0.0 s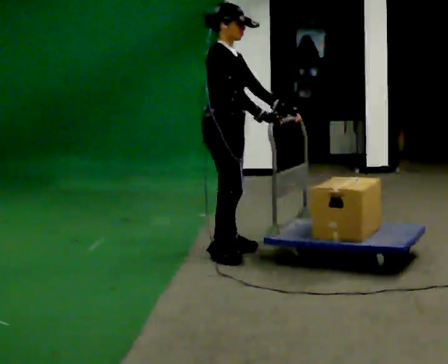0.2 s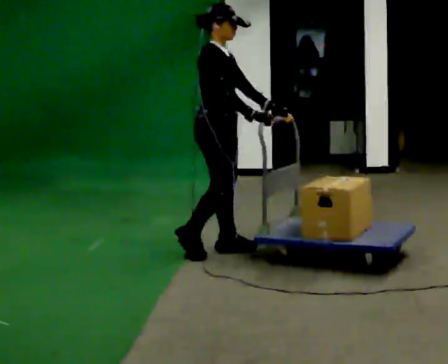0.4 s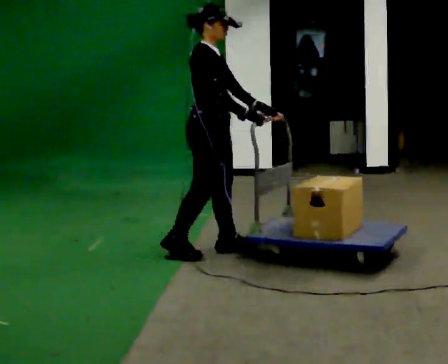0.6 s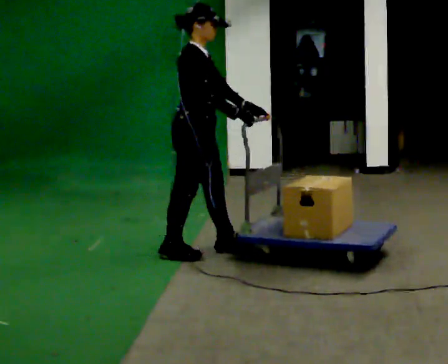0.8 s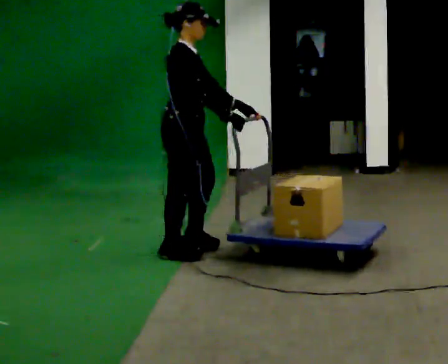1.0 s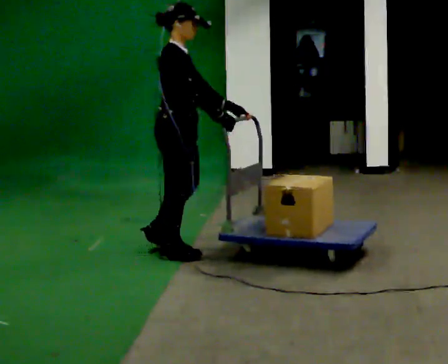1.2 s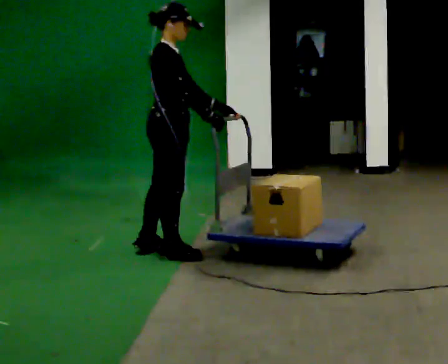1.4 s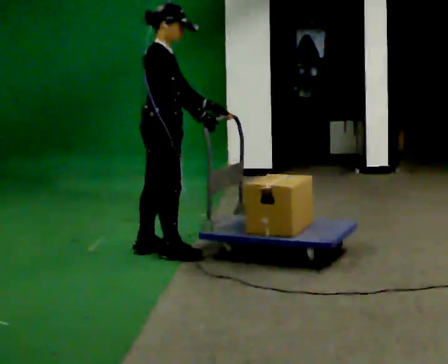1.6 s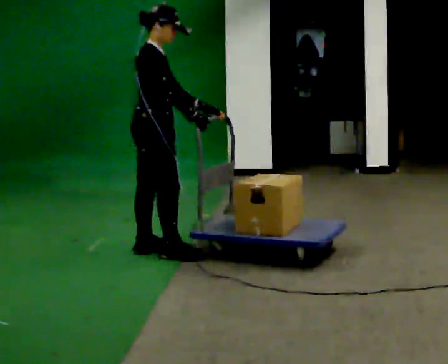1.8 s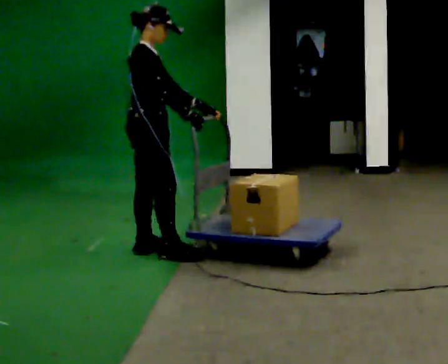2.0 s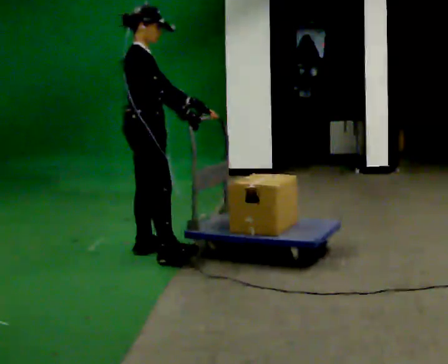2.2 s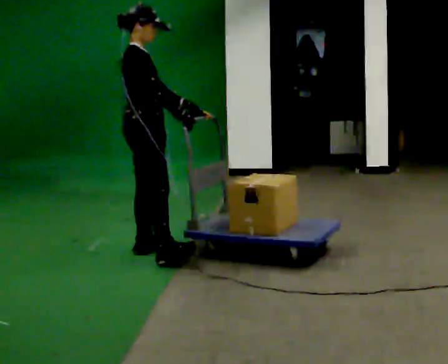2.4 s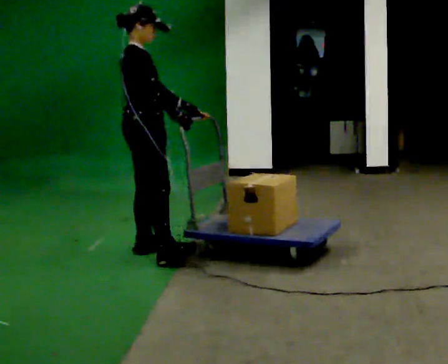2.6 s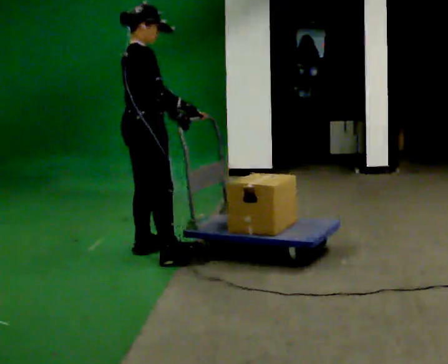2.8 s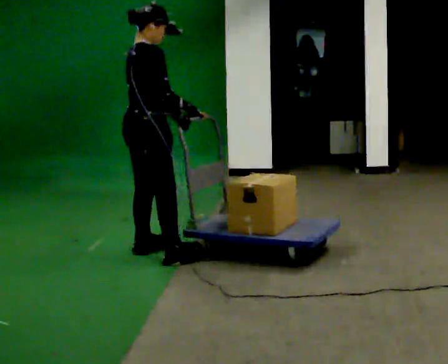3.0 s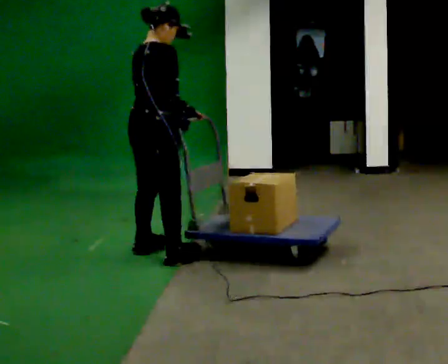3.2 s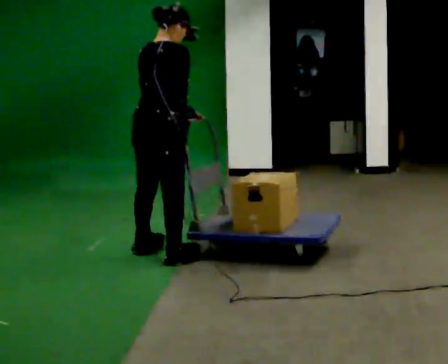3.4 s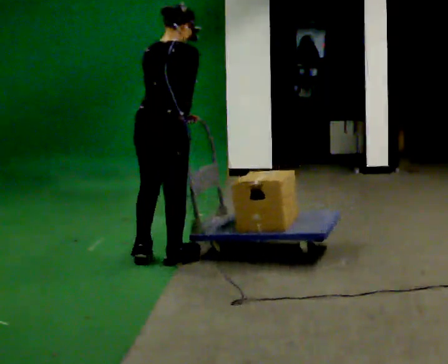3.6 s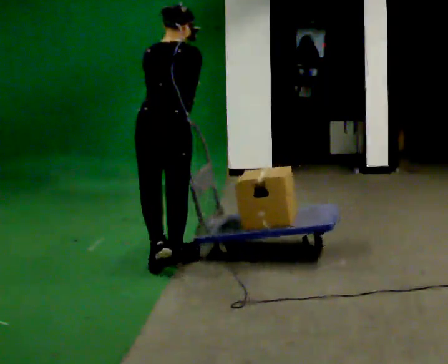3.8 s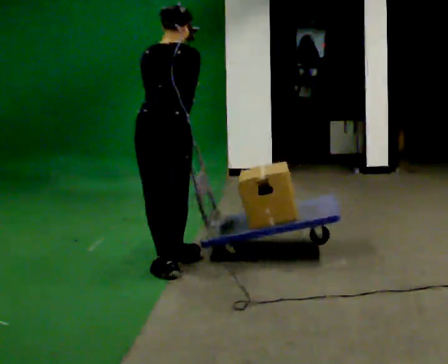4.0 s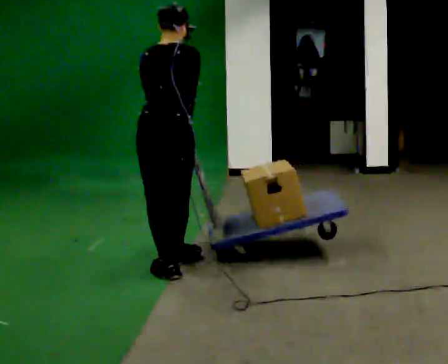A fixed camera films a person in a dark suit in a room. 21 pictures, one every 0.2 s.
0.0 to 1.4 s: In the picture they go to the left, about 0.5 m in 1 step, which for them is backward.
1.4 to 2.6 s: The person moves a little, or ends about where they began.
2.6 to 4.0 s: Seen from above the body turns counterclockwise, about 60 degrees: to their left, with its near side sliding to the right. In the picture they go toward the camera, about 0.5 m in 1 step.
The film runs backward here.
